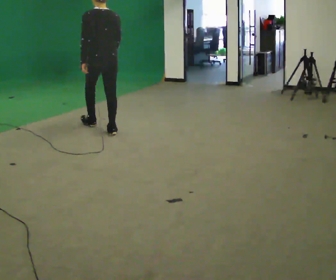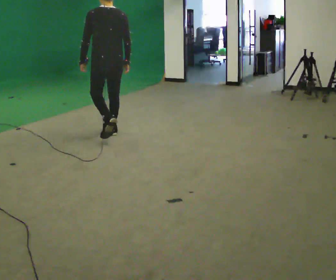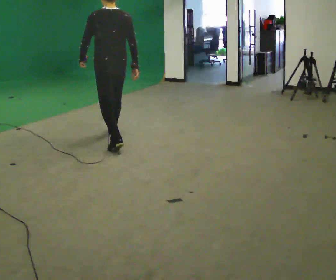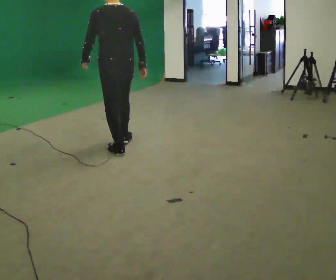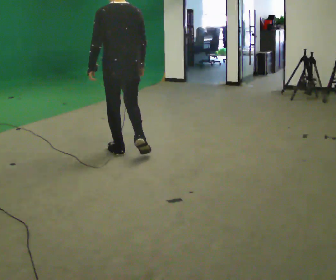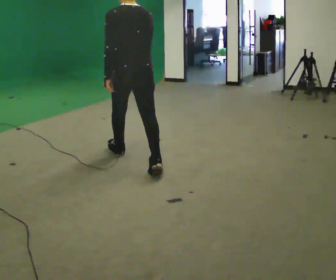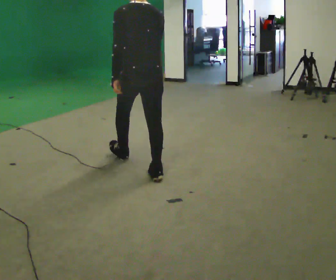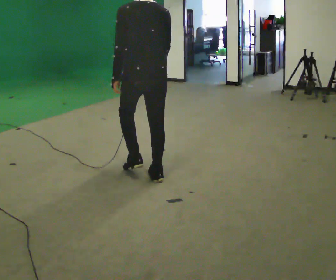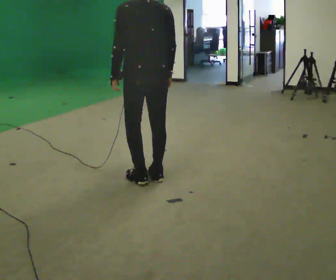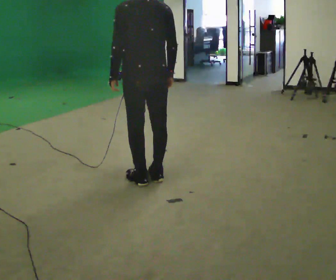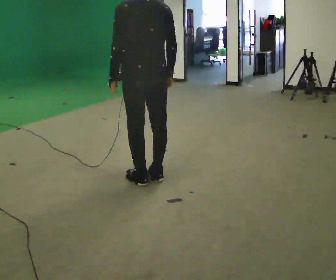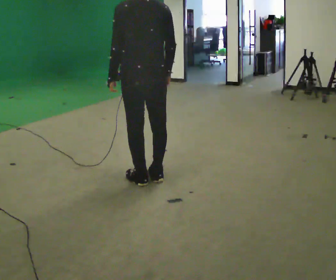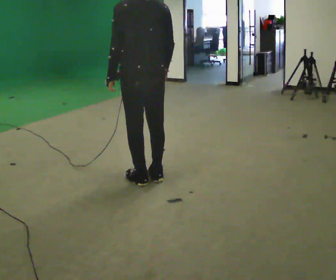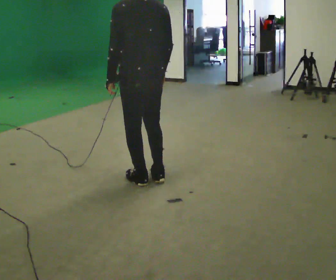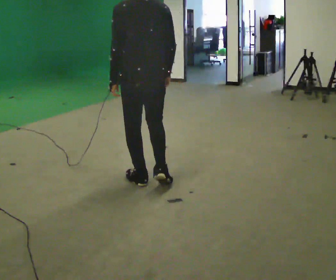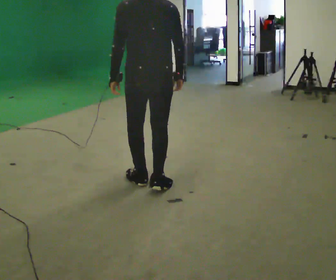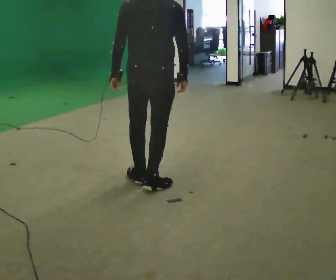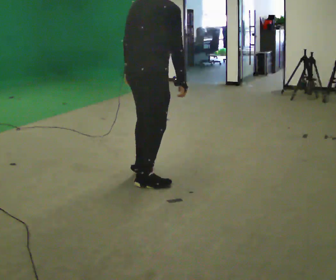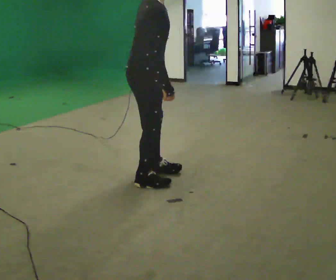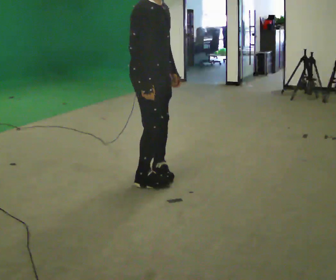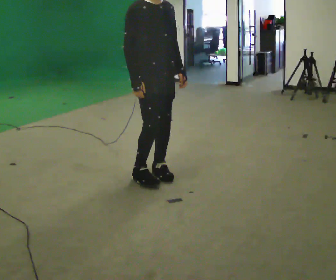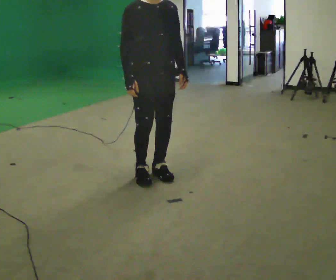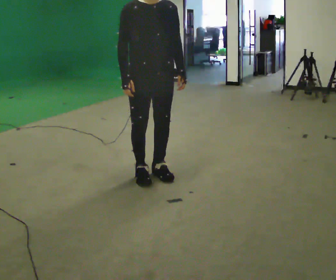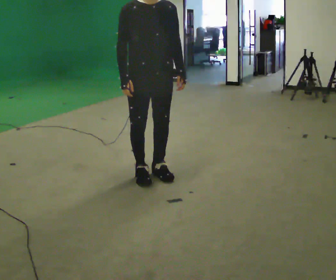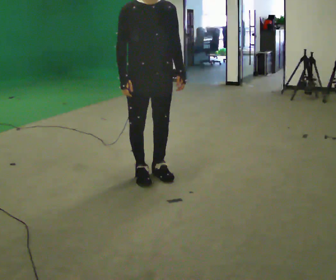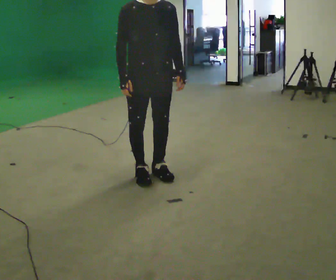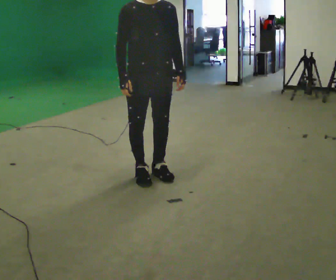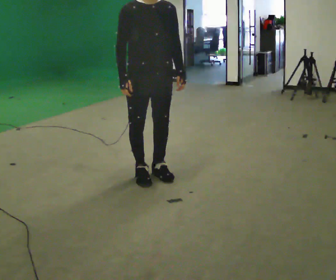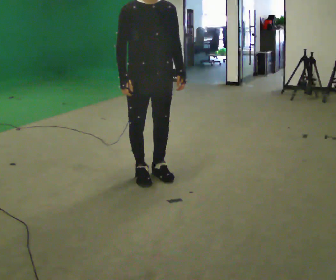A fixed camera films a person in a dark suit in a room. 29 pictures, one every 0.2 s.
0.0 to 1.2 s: In the picture they go toward the camera, about 1.5 m in 2 steps, which for them is backward.
1.2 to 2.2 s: In the picture they go toward the camera, about 0.25 m, which for them is backward.
2.2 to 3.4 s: Seen from above the body turns clockwise, about 75 degrees: to their right, with its near side sliding to the left.
3.4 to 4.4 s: Seen from above the body turns clockwise, about 105 degrees: to their right, with its near side sliding to the left. In the picture they go away from the camera, about 0.25 m in 1 step. In the picture their left hand goes to the right, the arm swinging counterclockwise.
4.4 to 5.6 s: The person keeps their place and pose.
The film runs backward here.
